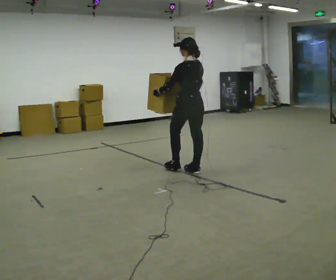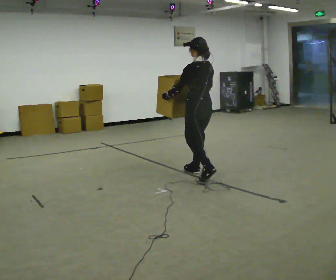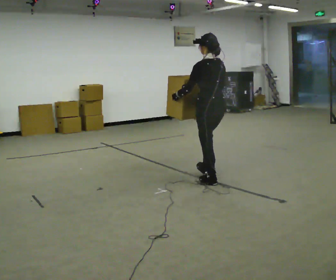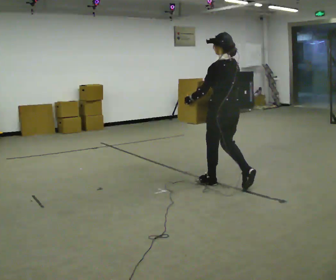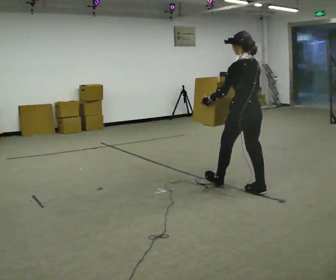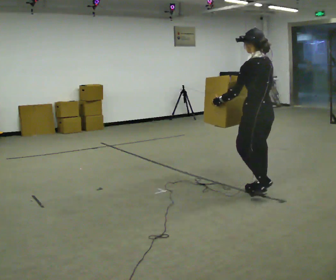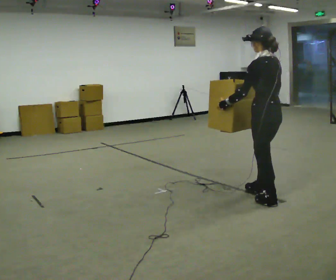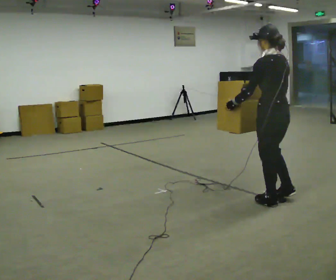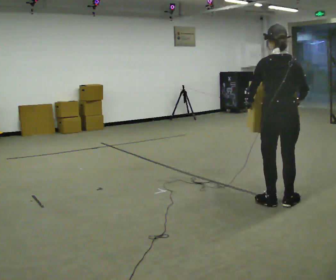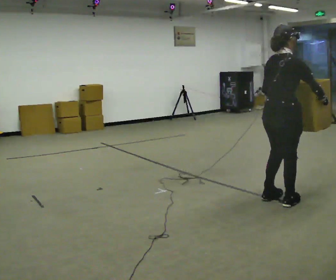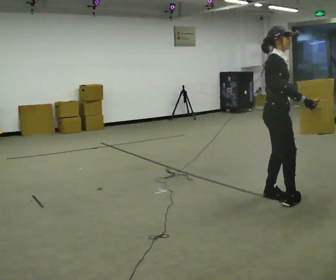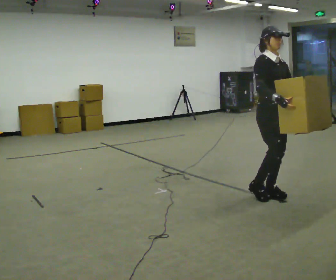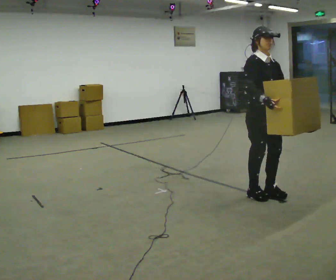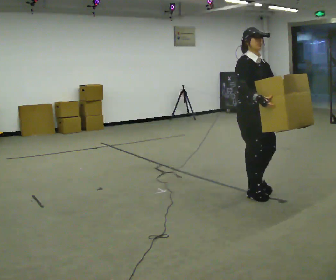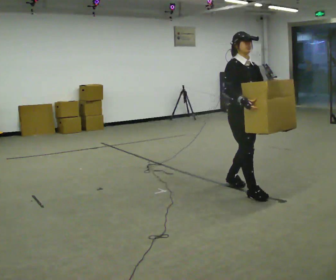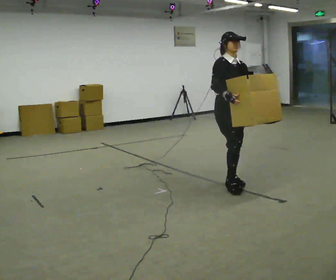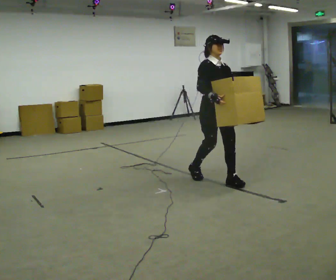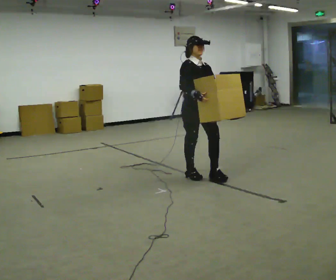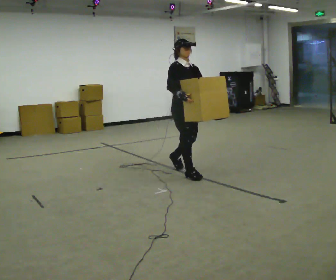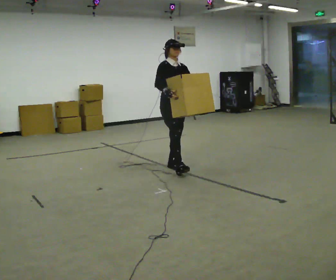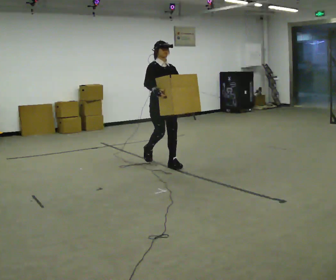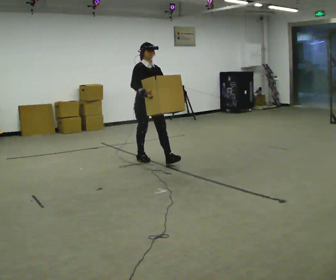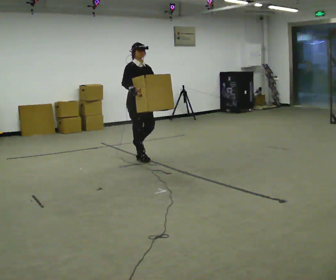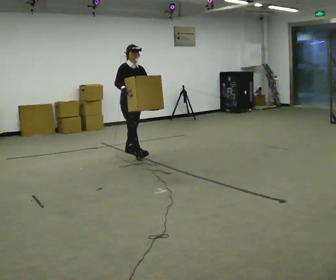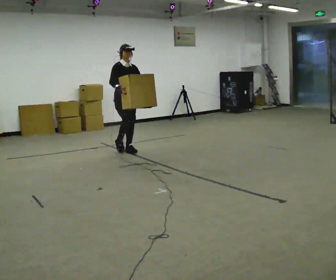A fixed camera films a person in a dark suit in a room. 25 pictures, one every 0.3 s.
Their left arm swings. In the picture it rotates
counterclockwise.
0.0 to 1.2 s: In the picture they go to the right and toward the camera, about 1 m in 2 steps, which for them is backward.
1.2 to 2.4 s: Seen from above the body turns clockwise, about 30 degrees: to their right, with its near side sliding to the left. In the picture they go toward the camera and to the right, about 0.5 m in 1 step, which for them is backward.
2.4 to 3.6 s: The part of the body nearest the lens slides to the left as the person turns to their right by about 165 degrees. In the picture they go away from the camera and to the left, about 0.25 m in 2 steps.
3.6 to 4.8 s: In the picture they go to the left and away from the camera, about 0.5 m in 2 steps, which for them is backward.
4.8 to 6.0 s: In the picture they go to the left and away from the camera, about 1 m in 2 steps, which for them is backward.
6.0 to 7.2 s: In the picture they go to the left and away from the camera, about 1 m in 2 steps, which for them is backward.
The film runs backward here.
